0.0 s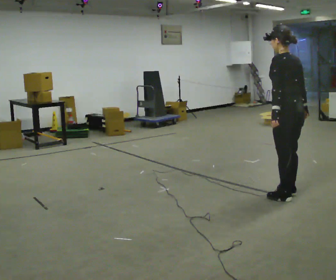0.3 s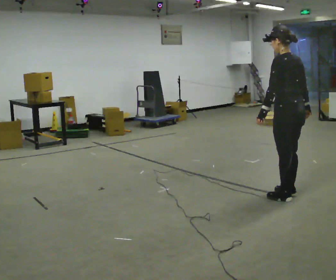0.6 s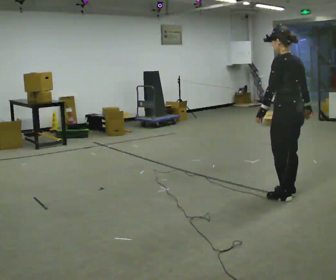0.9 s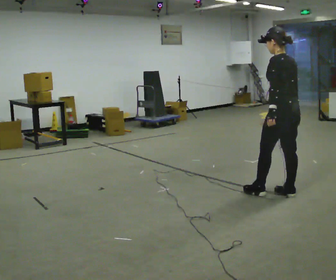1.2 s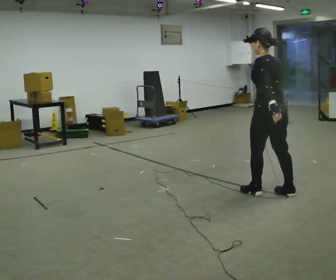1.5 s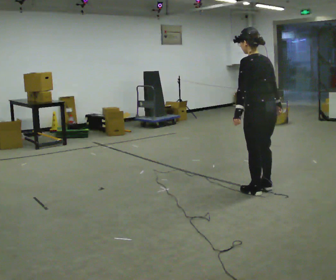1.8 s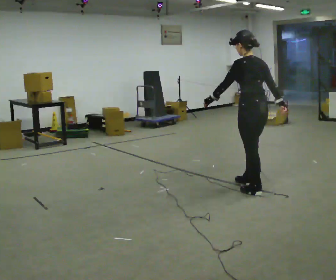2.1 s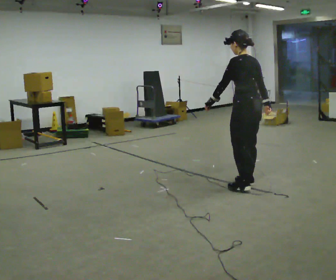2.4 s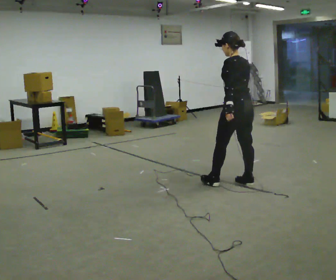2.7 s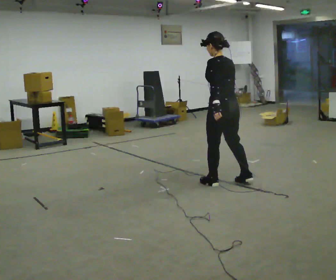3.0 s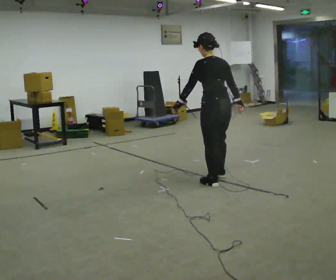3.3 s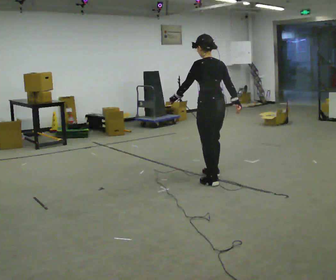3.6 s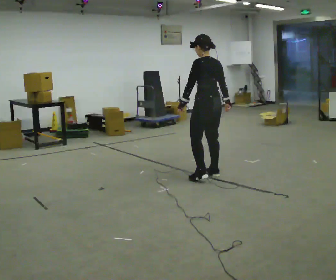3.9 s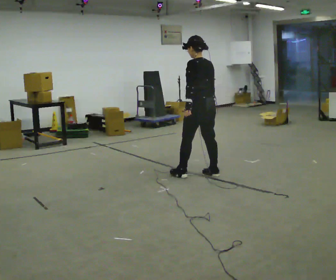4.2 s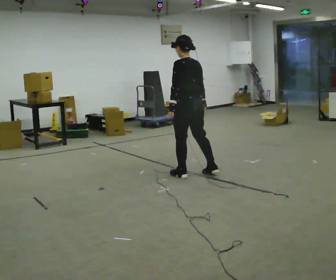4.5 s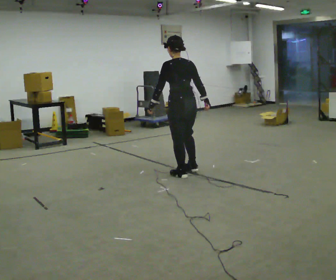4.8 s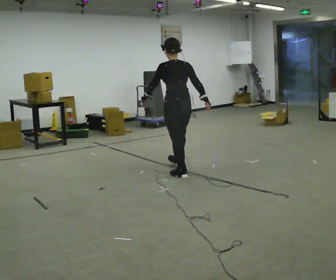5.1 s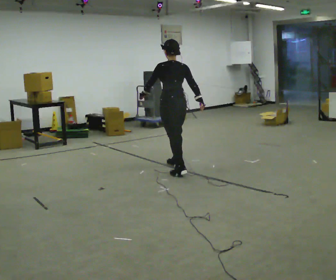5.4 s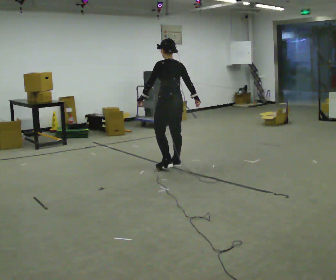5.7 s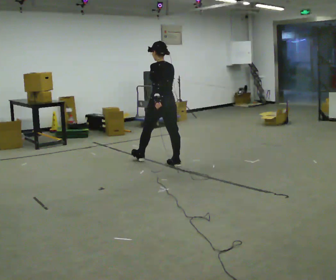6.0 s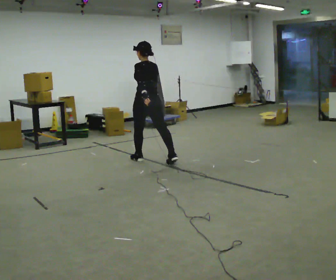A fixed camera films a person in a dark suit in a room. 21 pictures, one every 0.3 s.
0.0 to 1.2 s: In the picture they go to the left, about 0.25 m in 1 step, which for them is forward.
1.2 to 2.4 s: In the picture they go away from the camera and to the left, about 0.5 m in 2 steps, which for them is forward.
2.4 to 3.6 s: In the picture they go away from the camera and to the left, about 0.5 m in 1 step, which for them is forward.
3.6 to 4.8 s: In the picture they go to the left and away from the camera, about 0.5 m in 1 step, which for them is forward and to their left.
4.8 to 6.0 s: In the picture they go away from the camera and to the left, about 0.75 m in 2 steps, which for them is forward.
The film runs forward here.
